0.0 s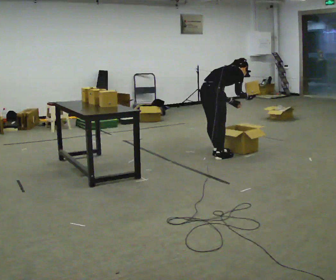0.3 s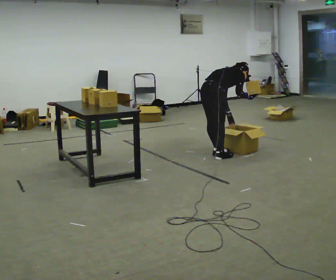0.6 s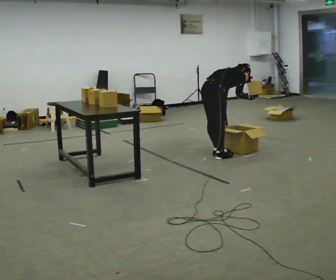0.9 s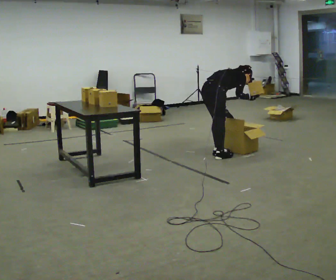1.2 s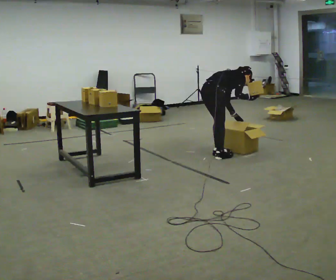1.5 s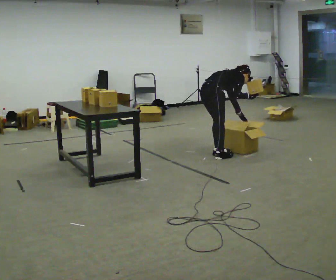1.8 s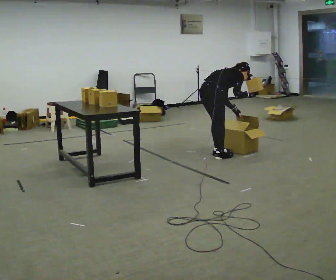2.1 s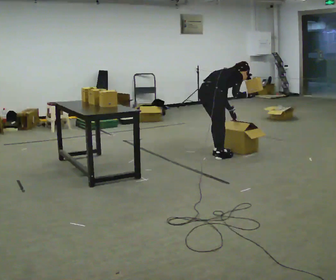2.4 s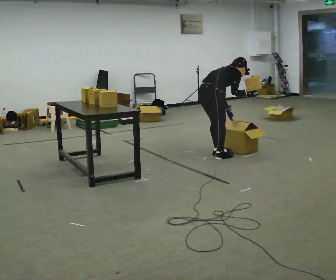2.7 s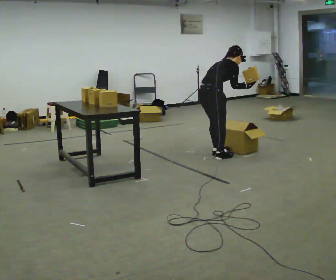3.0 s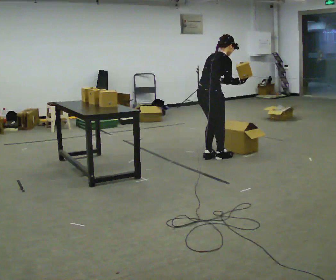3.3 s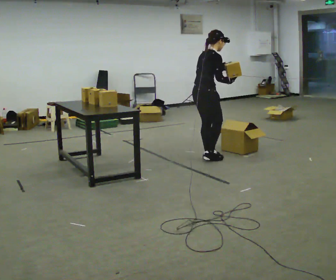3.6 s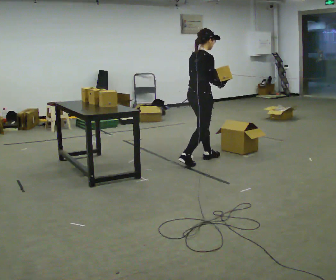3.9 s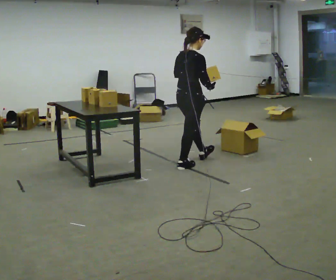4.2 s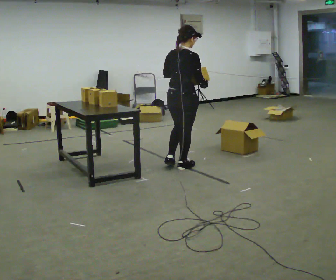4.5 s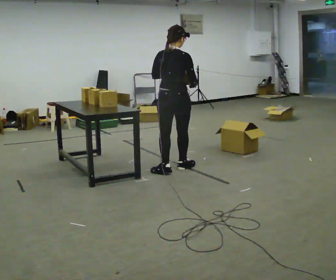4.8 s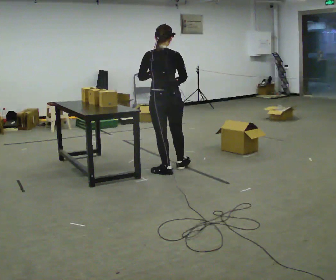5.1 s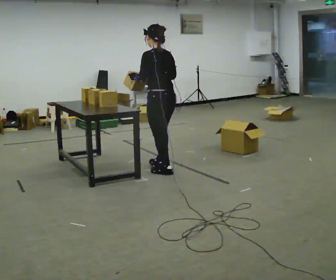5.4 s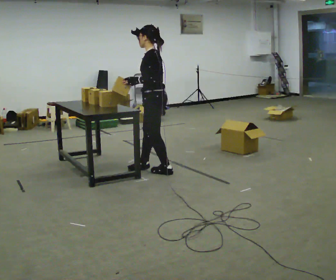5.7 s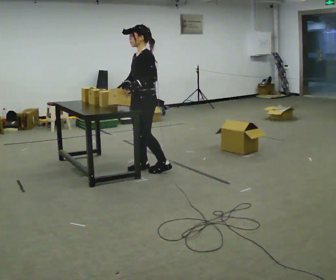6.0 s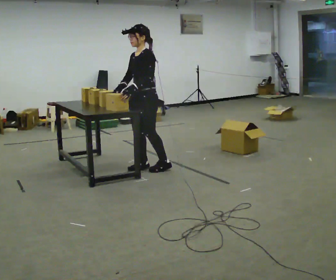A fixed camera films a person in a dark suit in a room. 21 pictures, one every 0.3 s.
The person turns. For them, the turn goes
to their left.
The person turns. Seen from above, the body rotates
counterclockwise.
0.0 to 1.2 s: The person moves a little, or ends about where they began.
1.2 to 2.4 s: In the picture the upper body tilts counterclockwise, shoulders to the left.
2.4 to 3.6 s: The upper body goes upward. In the picture the upper body tilts counterclockwise, shoulders to the left, as they lean back or straighten. In the picture their left hand goes upward.
3.6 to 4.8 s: The part of the body nearest the lens slides to the right as the person turns to their left by about 75 degrees. In the picture they go toward the camera and to the left, about 0.5 m in 1 step.
4.8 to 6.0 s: The part of the body nearest the lens slides to the right as the person turns to their left by about 120 degrees. In the picture they go to the left, about 0.25 m in 2 steps.
The film runs backward here.
